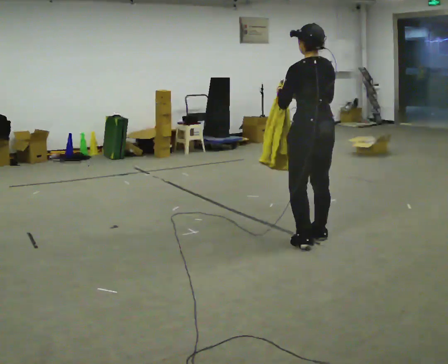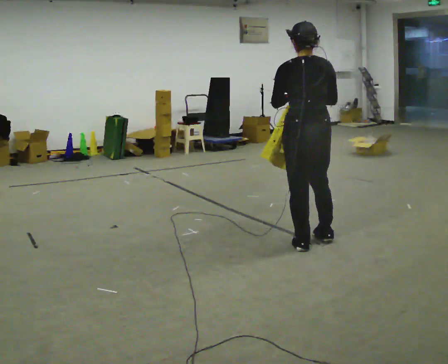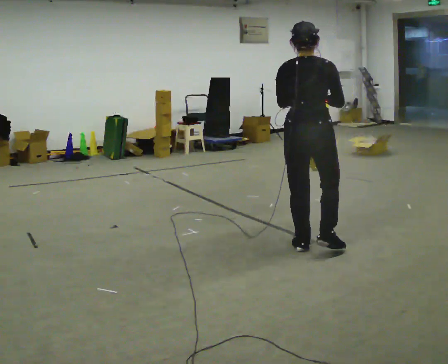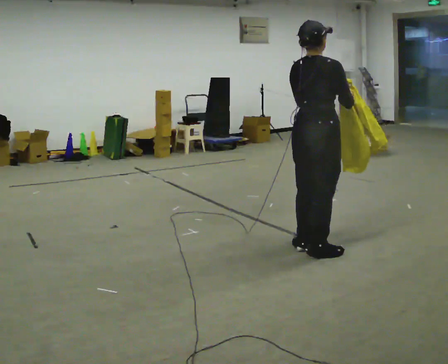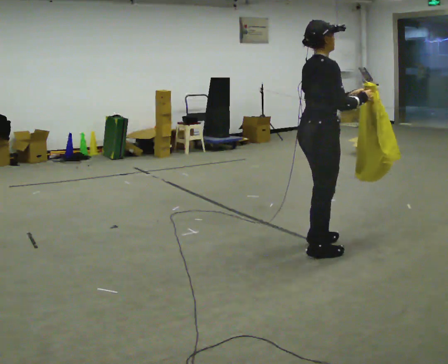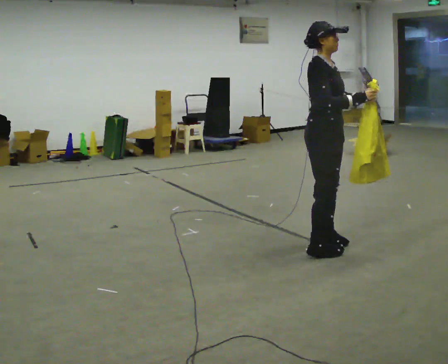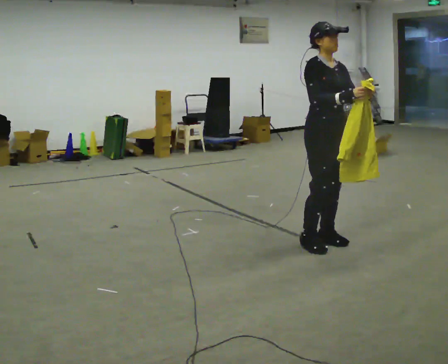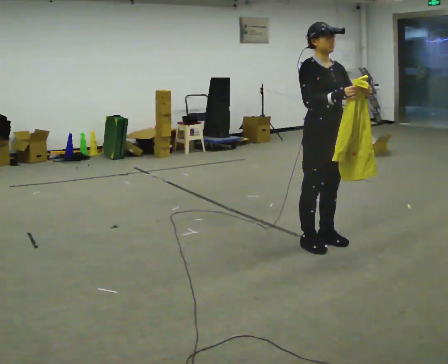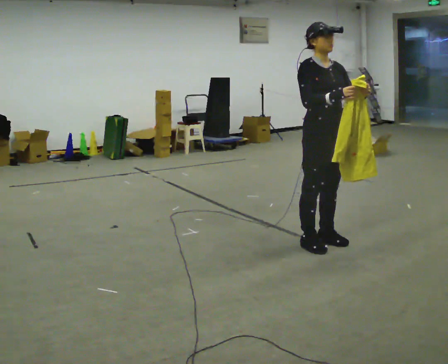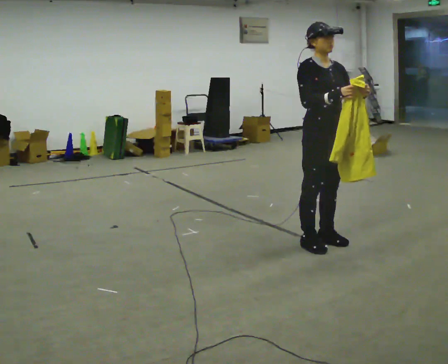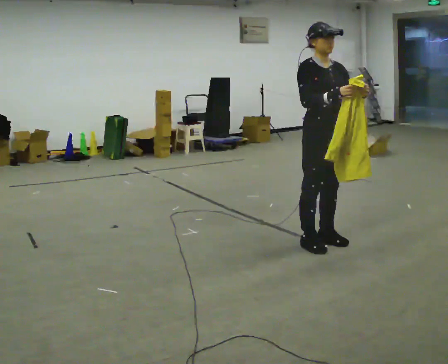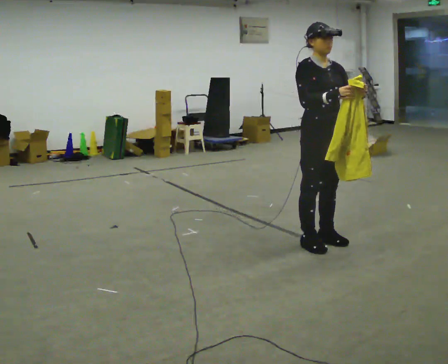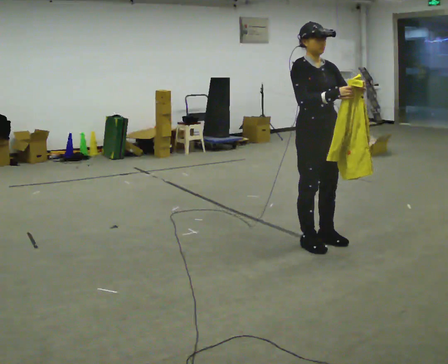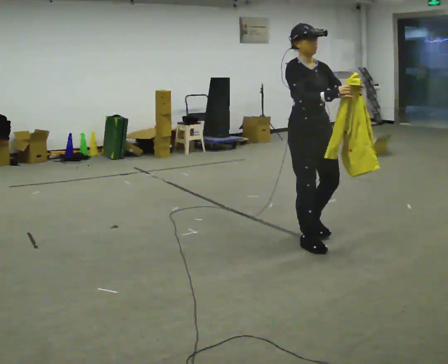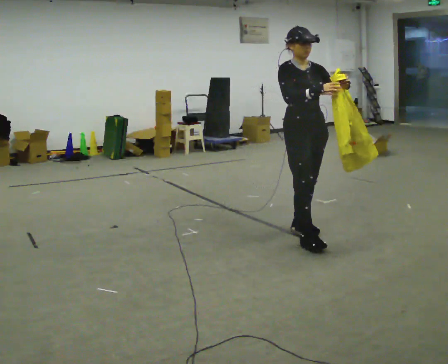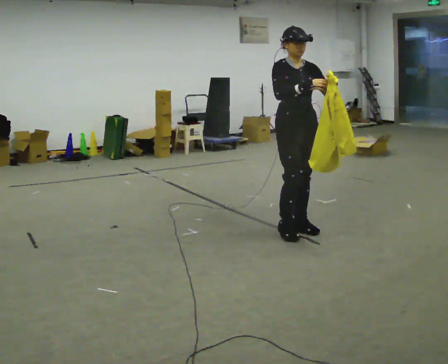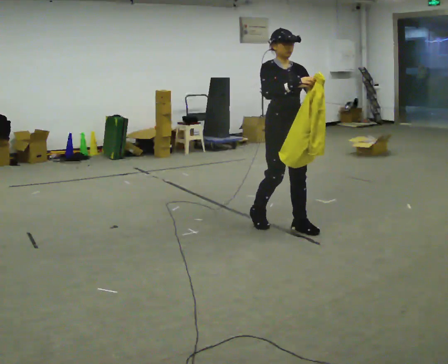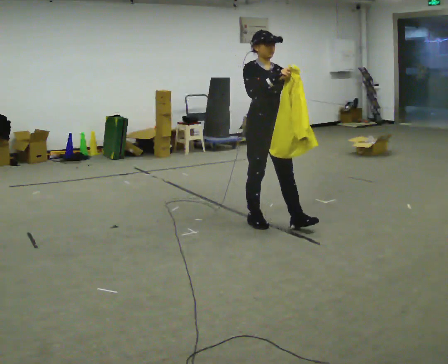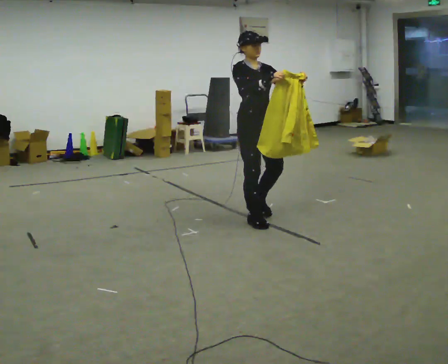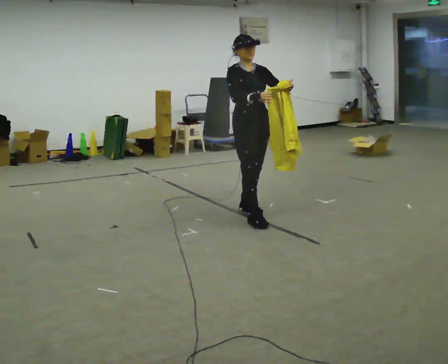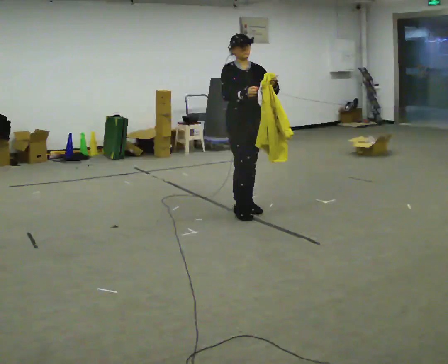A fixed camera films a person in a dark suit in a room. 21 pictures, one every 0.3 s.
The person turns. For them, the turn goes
to their right.
The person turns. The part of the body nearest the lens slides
to the left.
0.0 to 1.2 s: The person turns about 105 degrees to their right, clockwise seen from above, so the part of the body nearest the lens slides to the left. In the picture they go toward the camera, about 0.25 m in 2 steps. In the picture their left hand goes to the right.
1.2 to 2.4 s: Seen from above the body turns clockwise, about 75 degrees: to their right, with its near side sliding to the left. In the picture they go away from the camera, about 0.25 m in 1 step.
2.4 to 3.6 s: The person moves a little, or ends about where they began.
3.6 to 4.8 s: In the picture they go away from the camera and to the left, about 0.5 m in 2 steps, which for them is backward.
4.8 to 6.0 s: In the picture they go away from the camera and to the left, about 0.5 m in 2 steps, which for them is backward.
The film runs backward here.
